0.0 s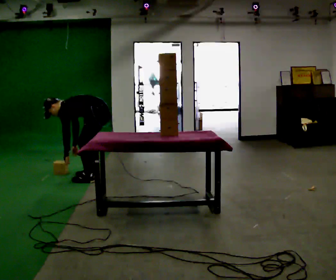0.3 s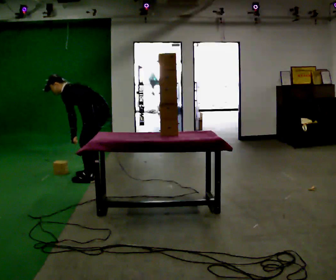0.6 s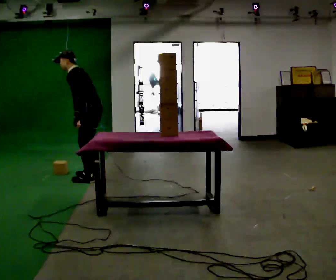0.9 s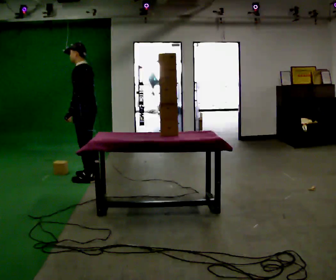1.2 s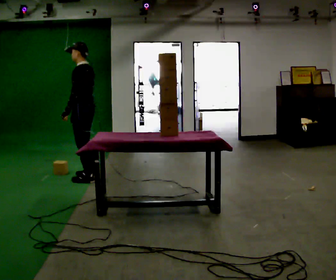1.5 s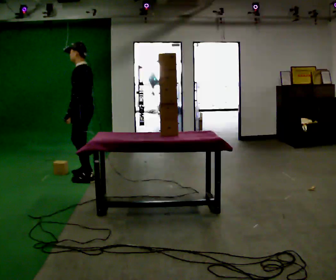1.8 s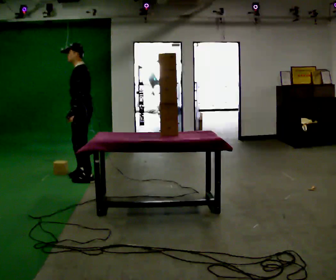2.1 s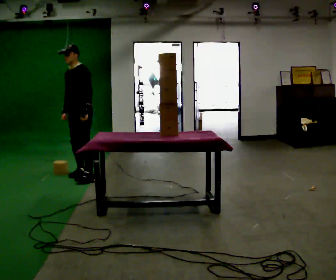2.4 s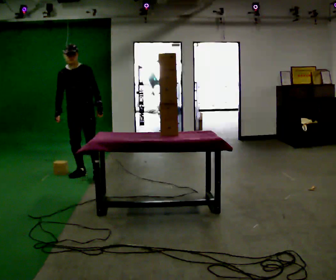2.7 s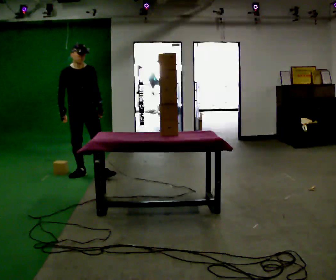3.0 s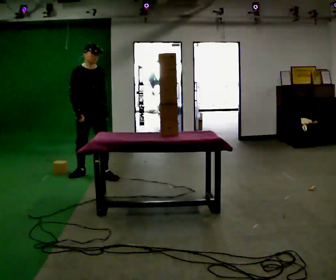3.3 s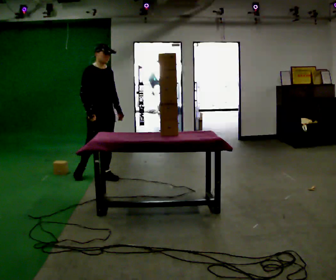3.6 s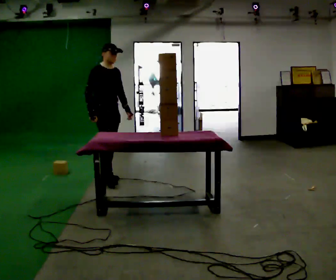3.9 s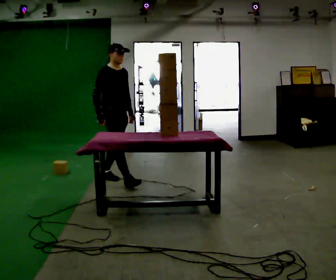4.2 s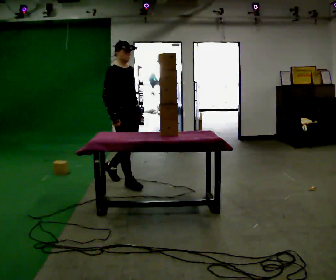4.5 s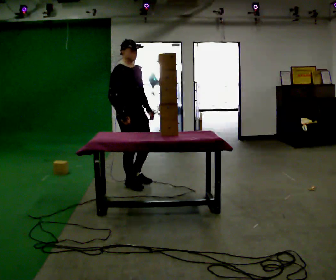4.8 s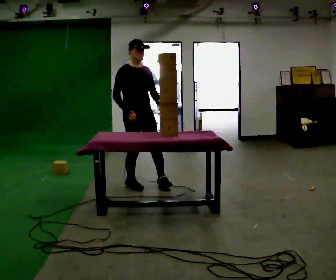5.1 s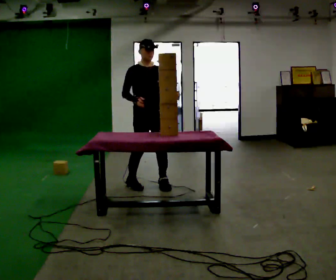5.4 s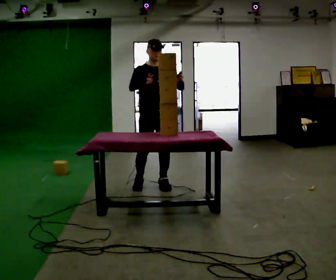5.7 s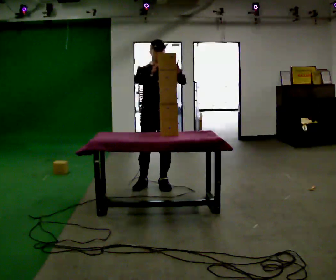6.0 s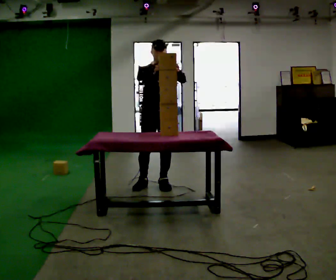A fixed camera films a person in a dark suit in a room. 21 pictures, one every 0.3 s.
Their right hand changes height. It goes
upward.
Their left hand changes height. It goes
upward.
0.0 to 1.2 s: In the picture they go to the left, about 0.25 m, which for them is forward. The upper body goes upward. In the picture the upper body tilts clockwise, shoulders to the right, as they lean back or straighten. In the picture their left hand goes upward.
1.2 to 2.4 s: Seen from above the body turns counterclockwise, about 90 degrees: to their left, with its near side sliding to the right. In the picture they go away from the camera, about 0.25 m in 1 step.
2.4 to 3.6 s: The part of the body nearest the lens slides to the right as the person turns to their left by about 60 degrees. In the picture they go to the right and toward the camera, about 0.25 m in 1 step, which for them is forward and to their left.
3.6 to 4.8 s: In the picture they go toward the camera and to the right, about 0.5 m in 2 steps, which for them is forward.
4.8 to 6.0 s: Seen from above the body turns clockwise, about 30 degrees: to their right, with its near side sliding to the left. In the picture they go to the right, about 0.25 m in 1 step, which for them is to their left. In the picture their left hand goes upward.
The film runs forward here.
